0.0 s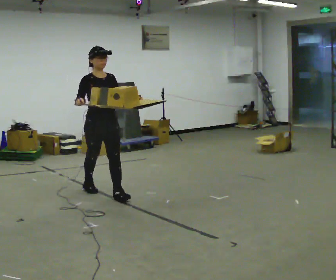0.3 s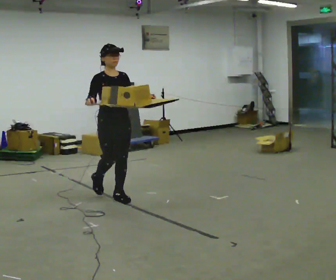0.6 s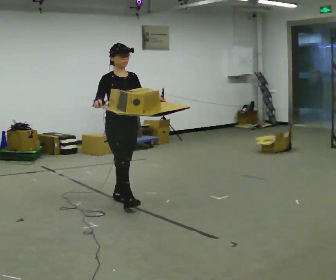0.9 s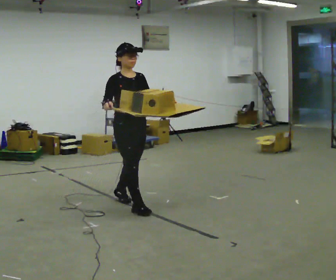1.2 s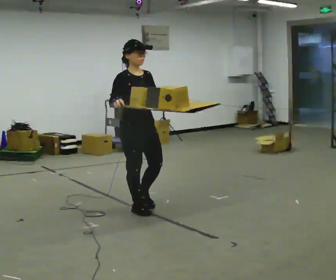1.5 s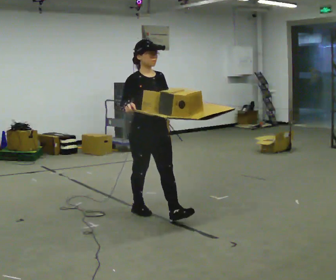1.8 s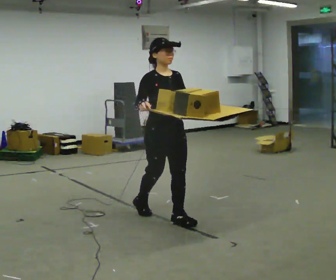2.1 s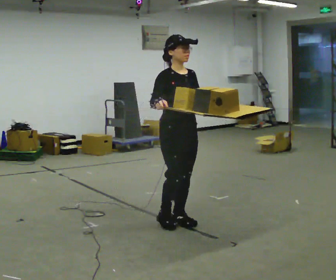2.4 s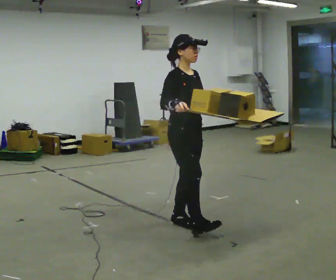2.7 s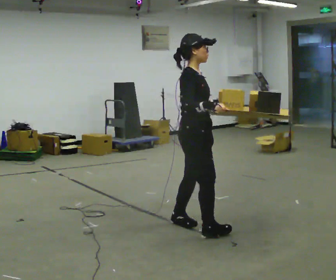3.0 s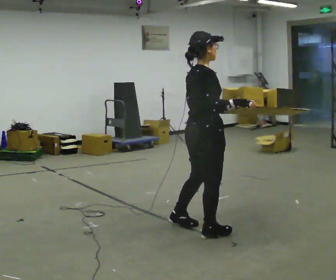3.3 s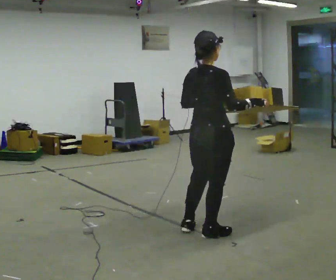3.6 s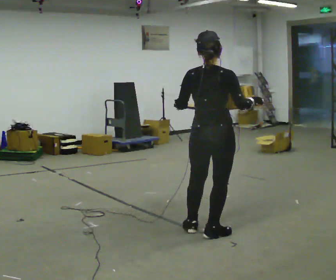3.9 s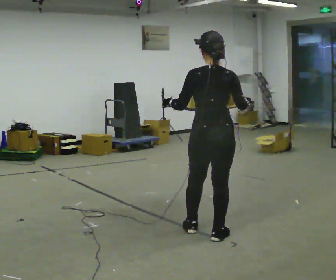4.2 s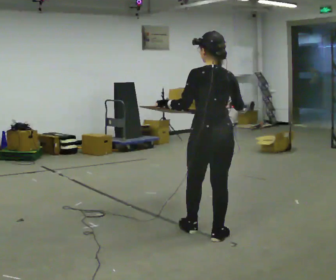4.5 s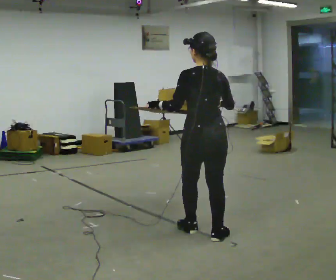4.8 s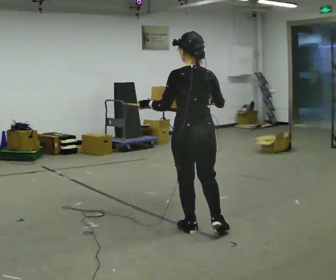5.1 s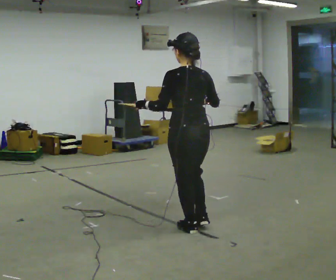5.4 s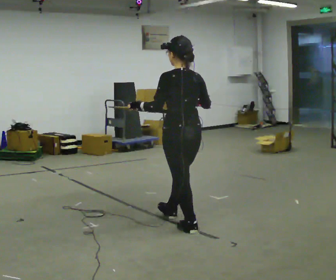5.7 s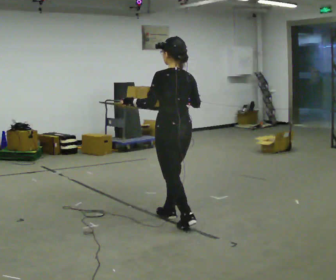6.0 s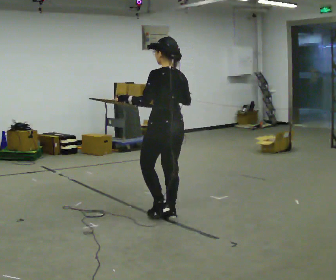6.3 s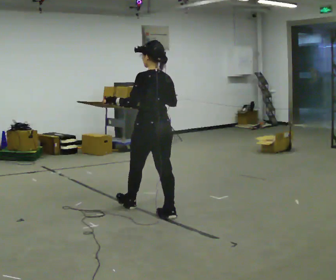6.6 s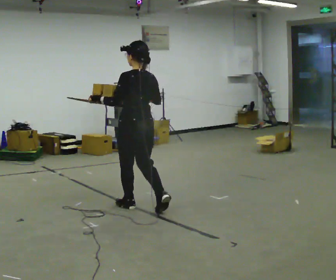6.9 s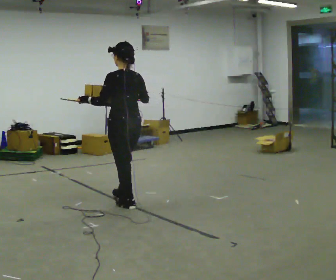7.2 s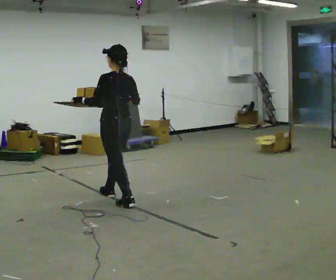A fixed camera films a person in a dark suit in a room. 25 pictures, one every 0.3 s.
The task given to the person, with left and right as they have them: Carry the open tray of loose items across the room, back and forth, trying not to let anything fall out.
0.0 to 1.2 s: In the picture they go to the right and toward the camera, about 0.5 m in 1 step, which for them is forward.
1.2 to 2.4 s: In the picture they go to the right and toward the camera, about 0.5 m in 1 step, which for them is forward.
2.4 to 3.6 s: The person turns about 105 degrees to their left, counterclockwise seen from above, so the part of the body nearest the lens slides to the right. In the picture they go to the right and toward the camera, about 0.25 m in 2 steps.
3.6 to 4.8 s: The part of the body nearest the lens slides to the right as the person turns to their left by about 30 degrees. In the picture they go to the left, about 0.25 m. In the picture their right hand goes to the left.
4.8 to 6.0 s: In the picture they go to the left and away from the camera, about 0.5 m in 1 step, which for them is forward.
6.0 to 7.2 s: In the picture they go to the left and away from the camera, about 0.5 m in 2 steps, which for them is forward.
The film runs forward here.
